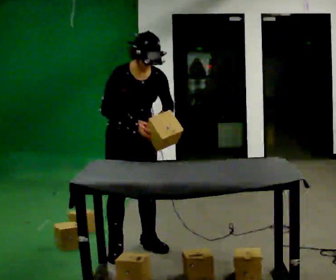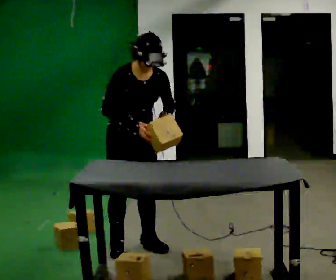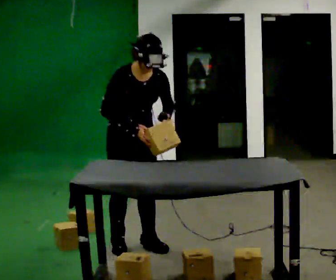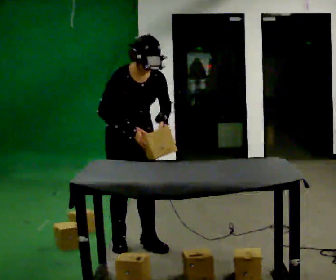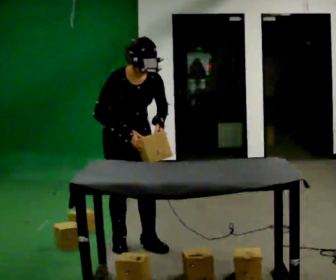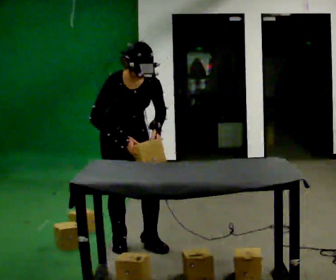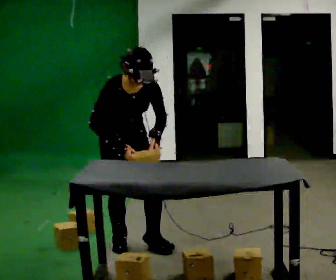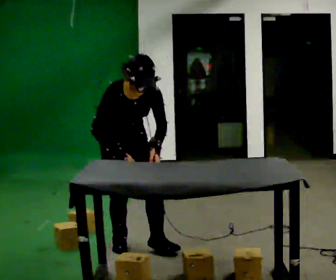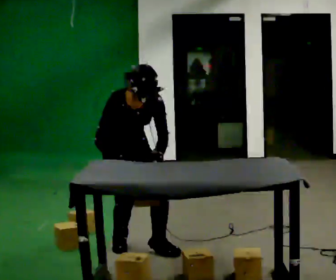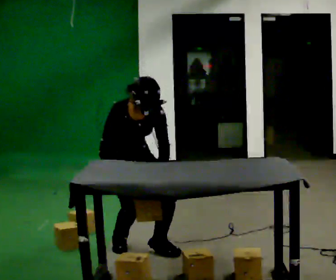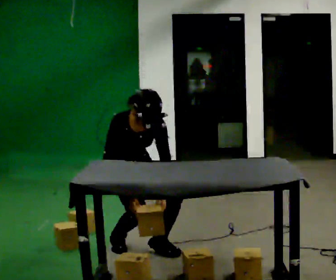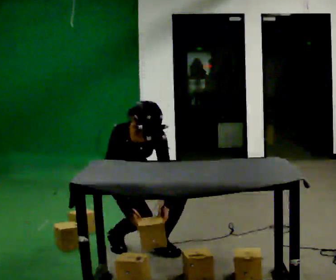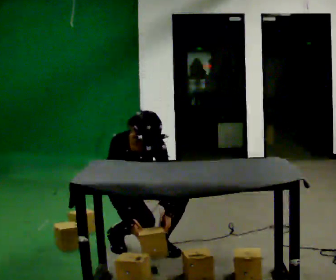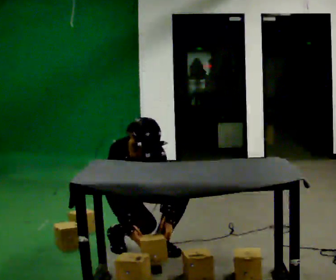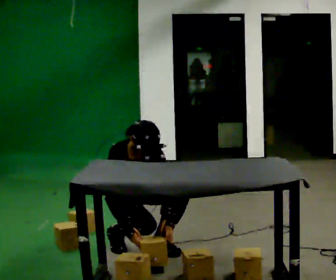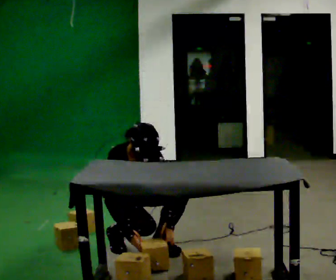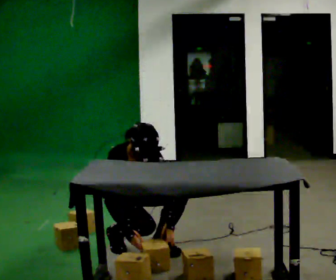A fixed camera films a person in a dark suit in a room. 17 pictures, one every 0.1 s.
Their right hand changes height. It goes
downward.
The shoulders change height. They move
downward.
0.0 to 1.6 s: The upper body goes downward. The upper body tips toward the camera, its near side rolling downward, as they bend forward. In the picture their left hand goes downward.
The film runs forward here.
